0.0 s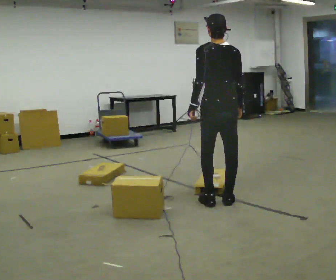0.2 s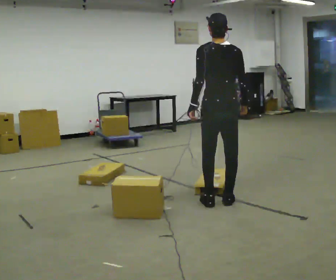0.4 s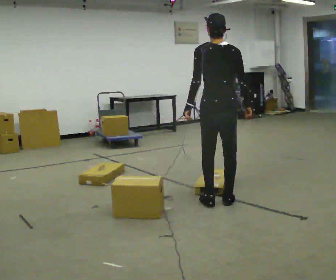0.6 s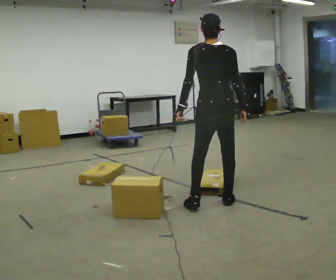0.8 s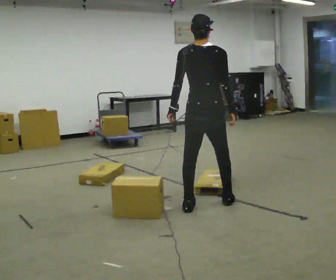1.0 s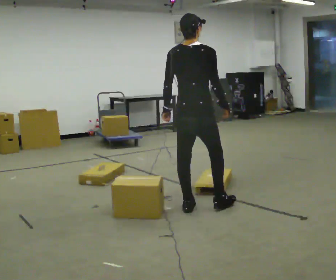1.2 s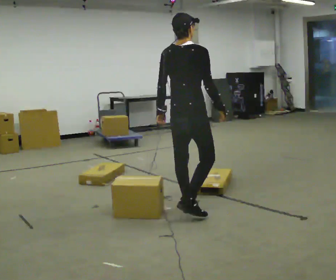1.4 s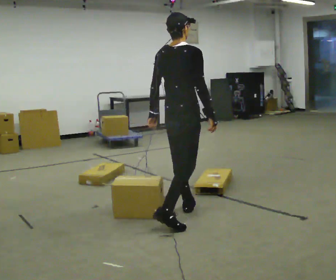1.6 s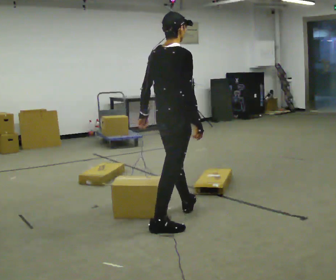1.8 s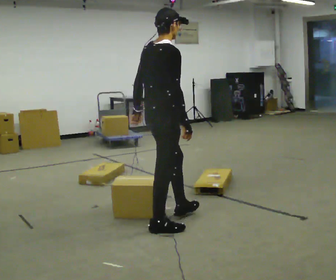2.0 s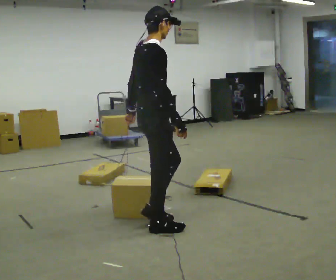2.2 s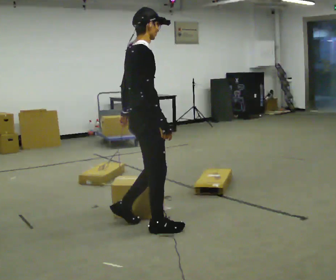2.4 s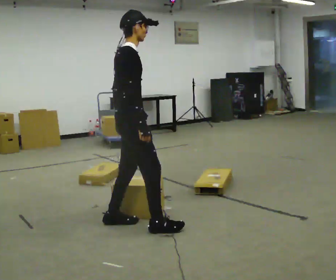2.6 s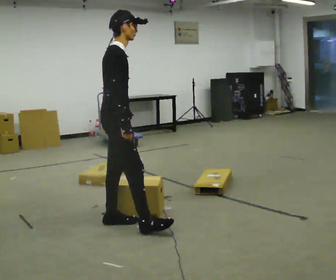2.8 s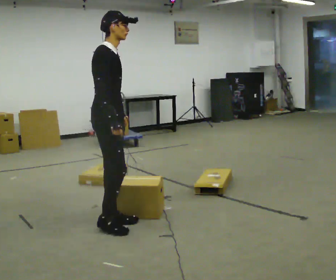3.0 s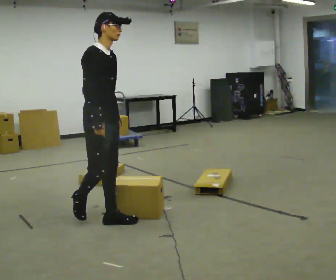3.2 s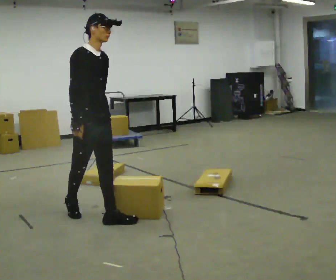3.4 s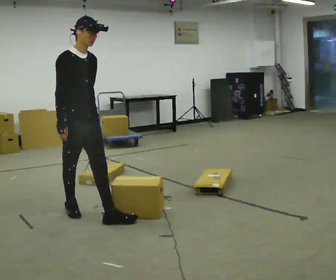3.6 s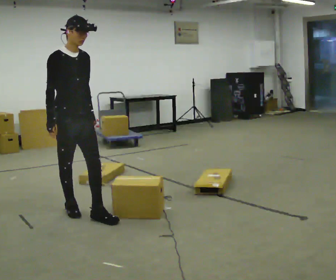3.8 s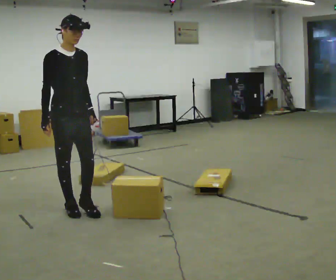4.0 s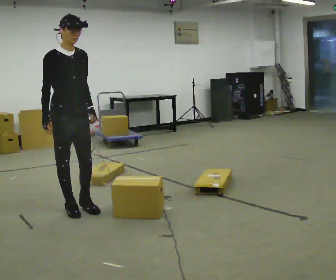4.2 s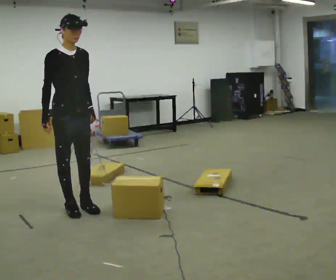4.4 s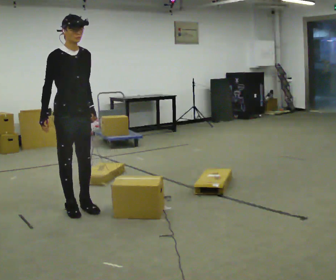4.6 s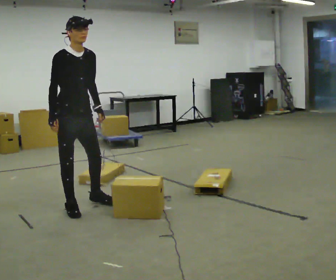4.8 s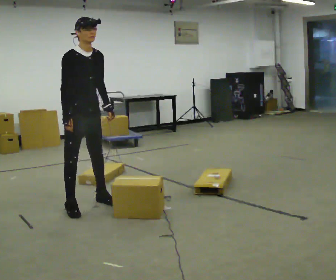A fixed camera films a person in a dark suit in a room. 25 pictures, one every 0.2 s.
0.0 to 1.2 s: The person turns about 45 degrees to their right, clockwise seen from above, so the part of the body nearest the lens slides to the left. In the picture they go to the left and toward the camera, about 0.5 m in 2 steps, which for them is to their left and backward.
1.2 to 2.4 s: Seen from above the body turns clockwise, about 45 degrees: to their right, with its near side sliding to the left. In the picture they go to the left and toward the camera, about 0.5 m in 1 step, which for them is backward.
2.4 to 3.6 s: Seen from above the body turns clockwise, about 60 degrees: to their right, with its near side sliding to the left. In the picture they go to the left and away from the camera, about 0.5 m in 2 steps, which for them is backward.
3.6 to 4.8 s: In the picture they go away from the camera, about 0.25 m in 1 step, which for them is backward and to their left.
The film runs backward here.
